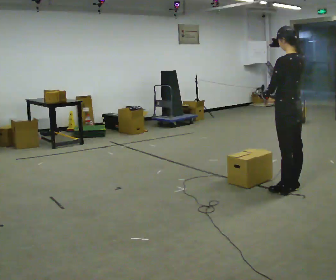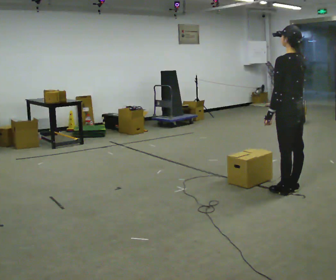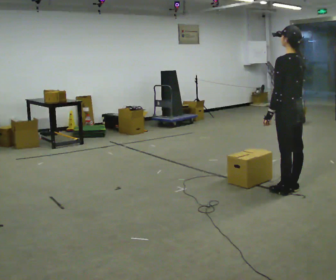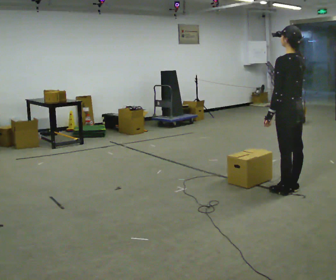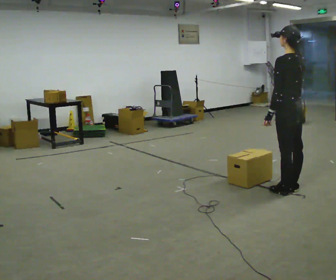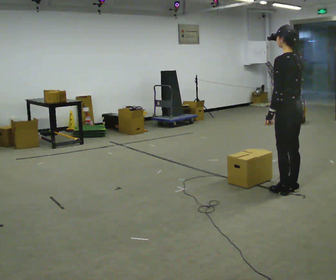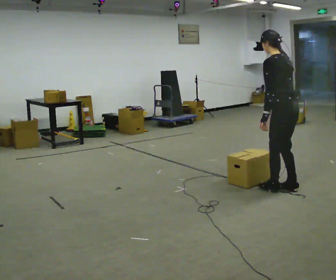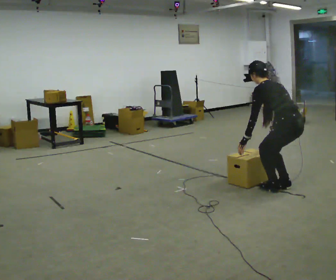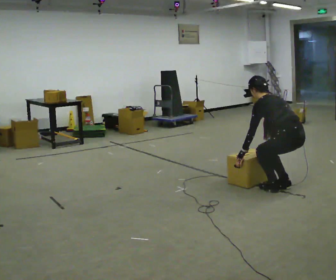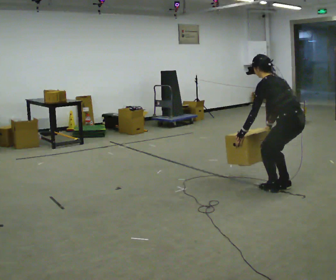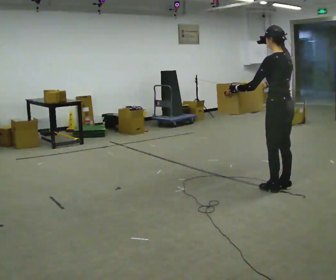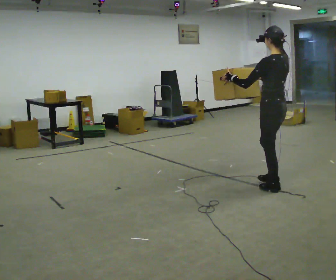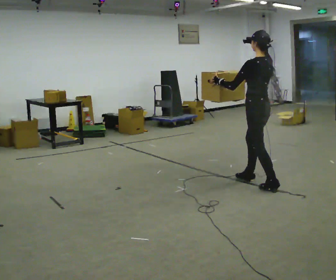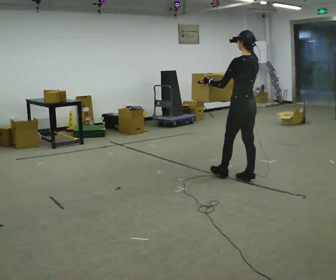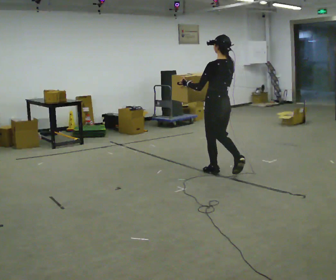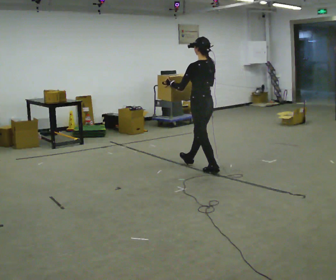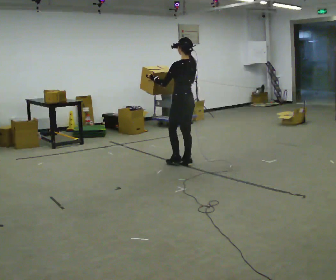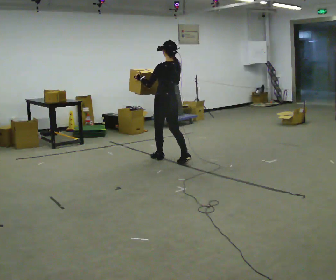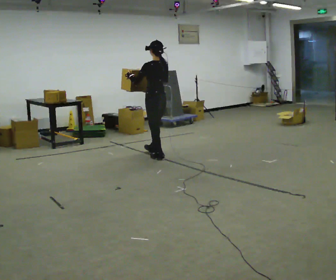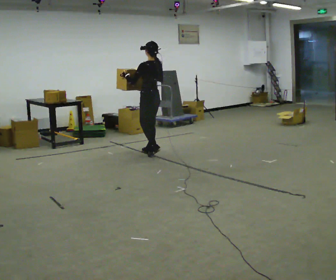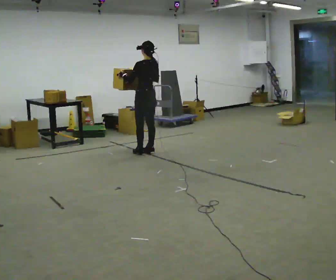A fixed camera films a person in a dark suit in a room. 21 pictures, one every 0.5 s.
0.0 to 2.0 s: The person moves a little, or ends about where they began.
2.0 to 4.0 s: The shoulders move downward. In the picture the upper body tilts counterclockwise, shoulders to the left, as they bend forward. In the picture their left hand goes downward.
4.0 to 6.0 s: In the picture they go to the left and away from the camera, about 0.5 m in 1 step, which for them is forward. The upper body goes upward. In the picture the upper body tilts clockwise, shoulders to the right, as they lean back or straighten. In the picture their right hand goes upward.
6.0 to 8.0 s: In the picture they go to the left and away from the camera, about 1 m in 2 steps, which for them is forward.
8.0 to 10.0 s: In the picture they go to the left and away from the camera, about 1 m in 3 steps, which for them is forward.
The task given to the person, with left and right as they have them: Carry the heavy box in both hands in front of you, walking back and forth across the room. Keep walking until the operator says stop. Set it down if you need a rest.
The film runs forward here.
